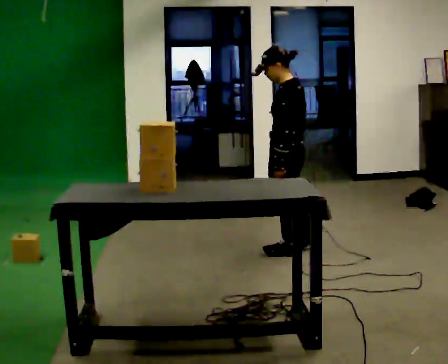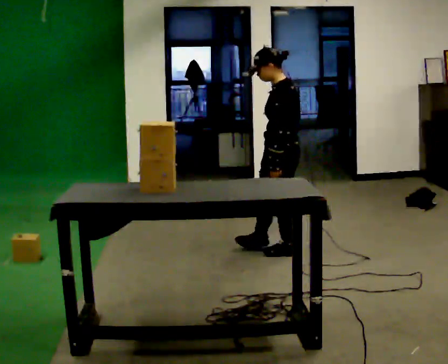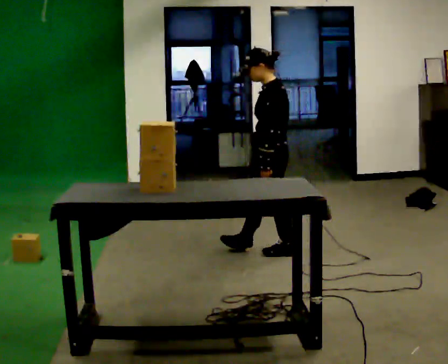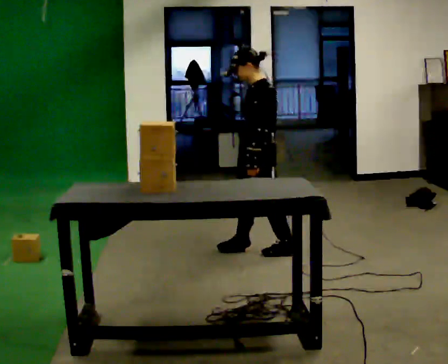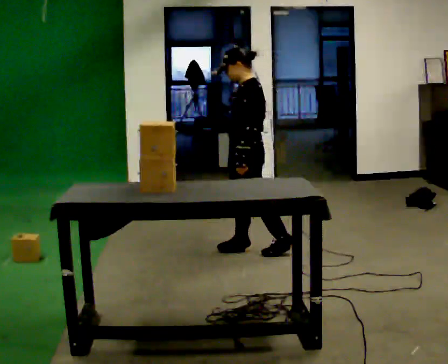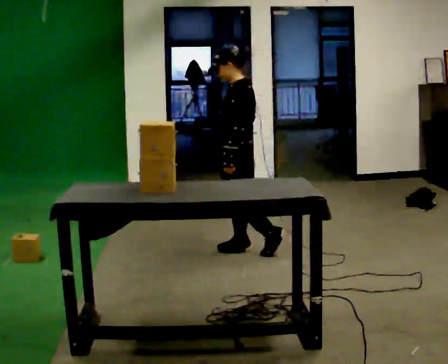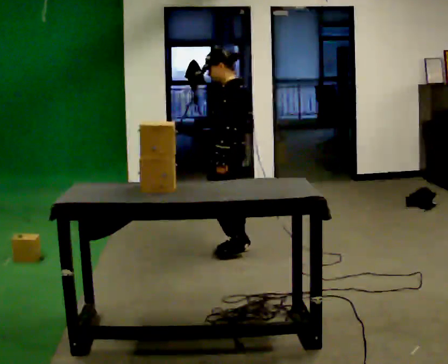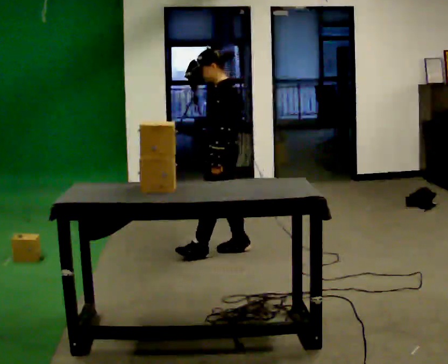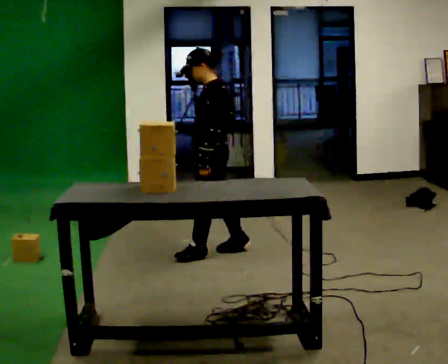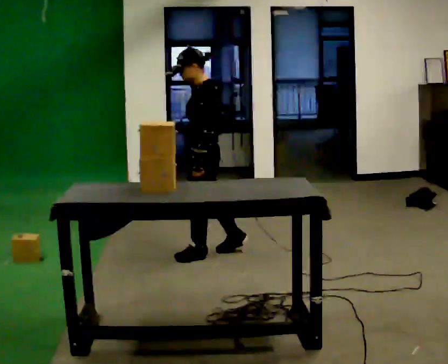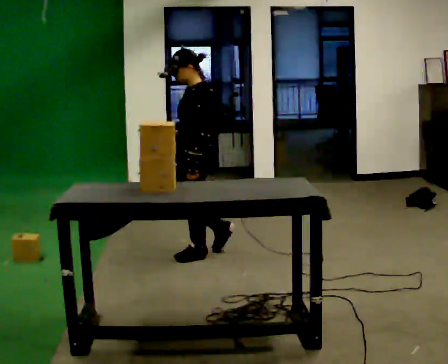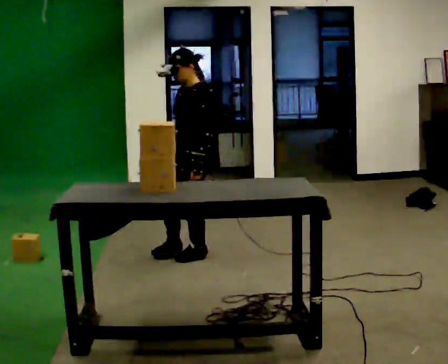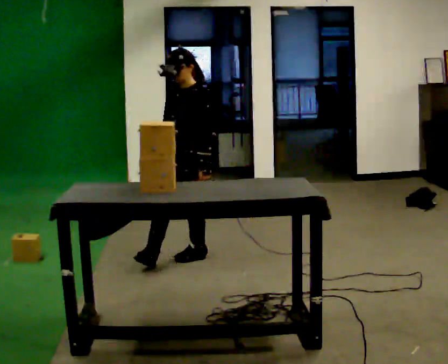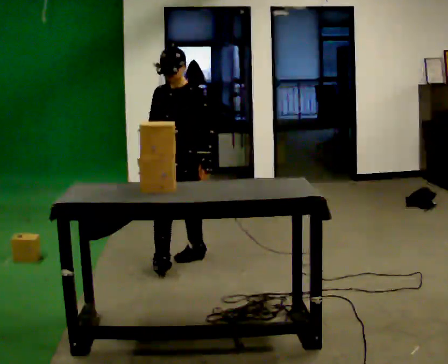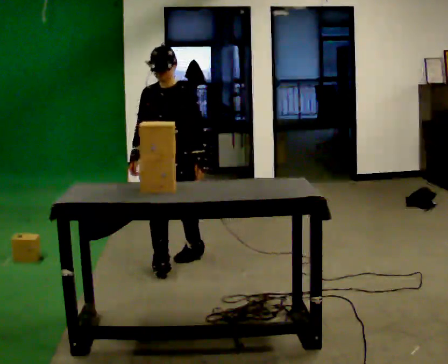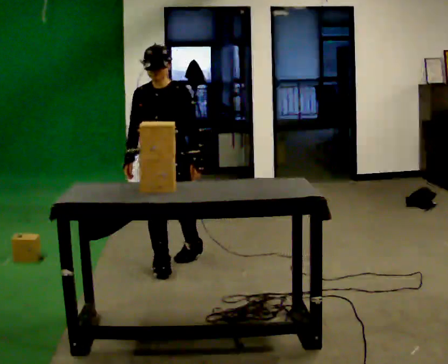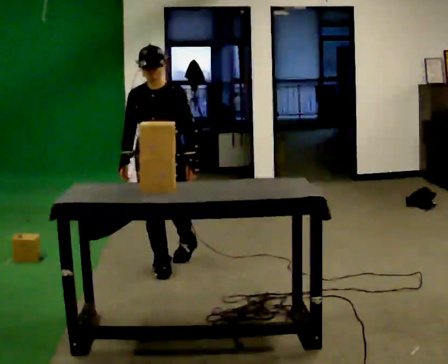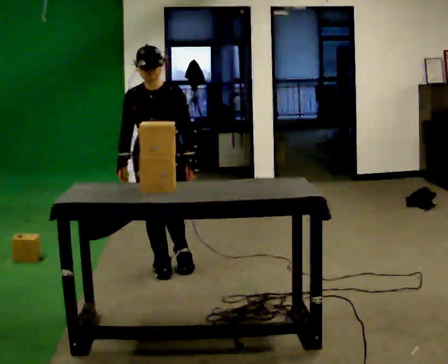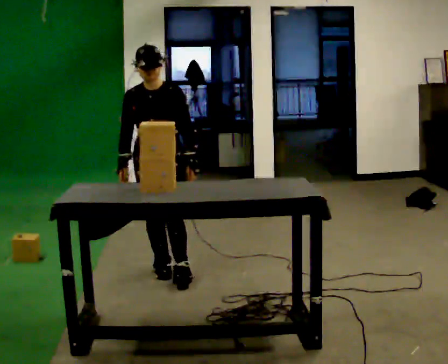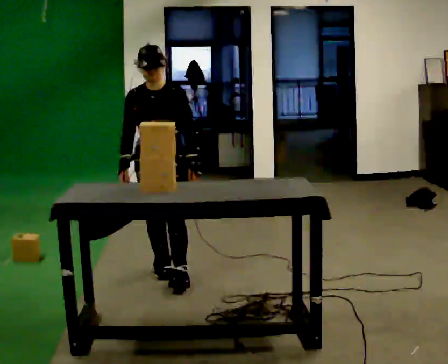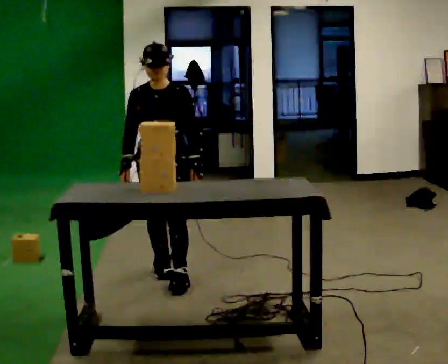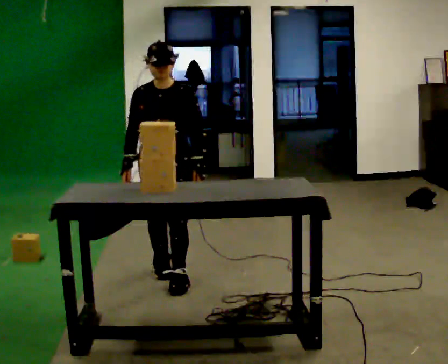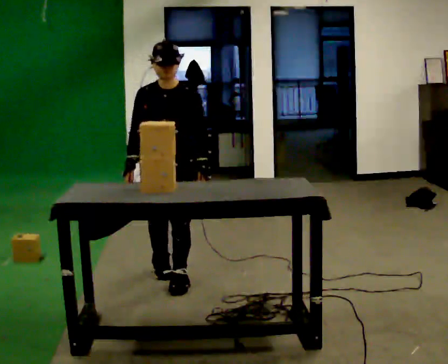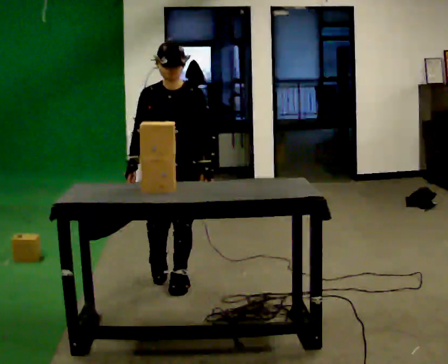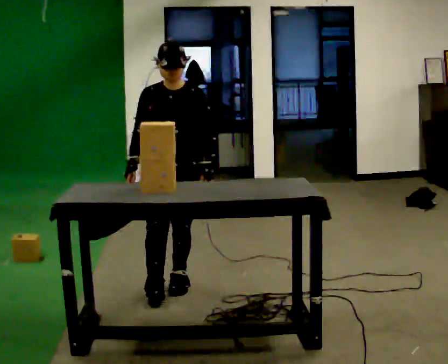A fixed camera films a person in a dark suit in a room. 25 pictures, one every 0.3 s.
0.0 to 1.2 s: In the picture they go to the left, about 0.25 m in 1 step, which for them is forward.
1.2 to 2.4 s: In the picture they go to the left, about 0.25 m in 1 step, which for them is forward.
2.4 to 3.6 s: The person turns about 45 degrees to their left, counterclockwise seen from above, so the part of the body nearest the lens slides to the right. In the picture they go to the left, about 0.25 m, which for them is forward. In the picture their right hand goes to the left.
3.6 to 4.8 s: The person turns about 30 degrees to their left, counterclockwise seen from above, so the part of the body nearest the lens slides to the right. In the picture they go toward the camera and to the left, about 0.25 m in 1 step, which for them is forward and to their right.
4.8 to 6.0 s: In the picture they go toward the camera, about 0.25 m in 1 step, which for them is forward.
6.0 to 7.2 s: In the picture they go toward the camera, about 0.25 m, which for them is forward.
The film runs forward here.
